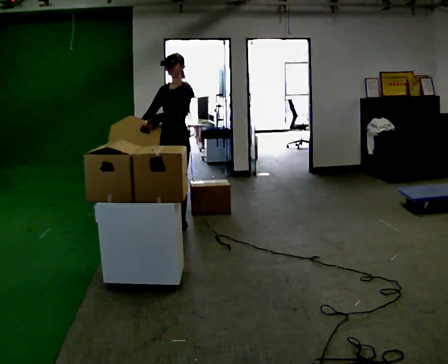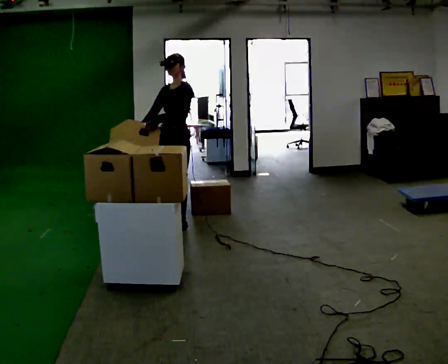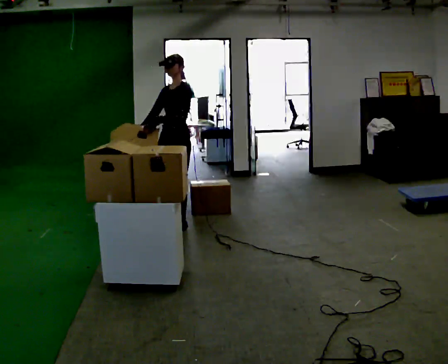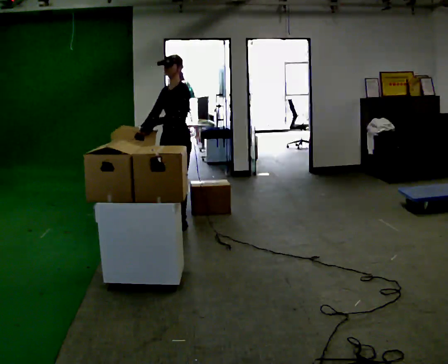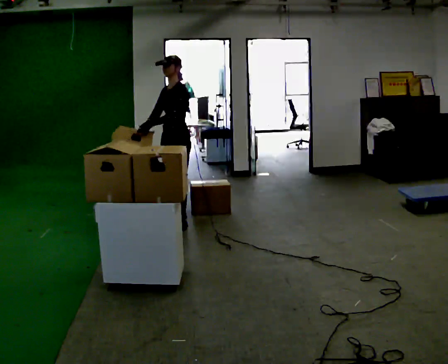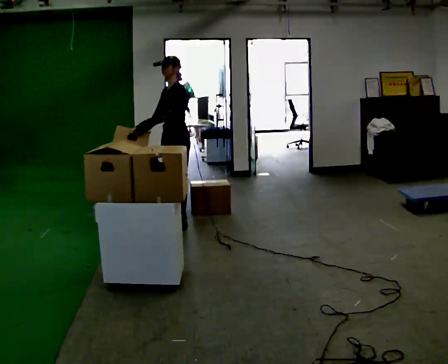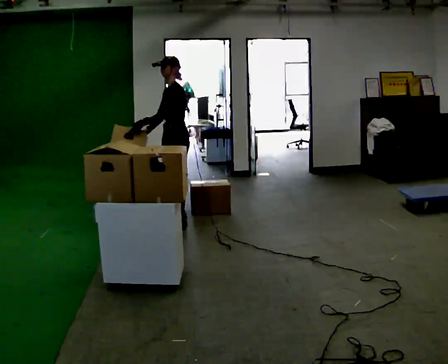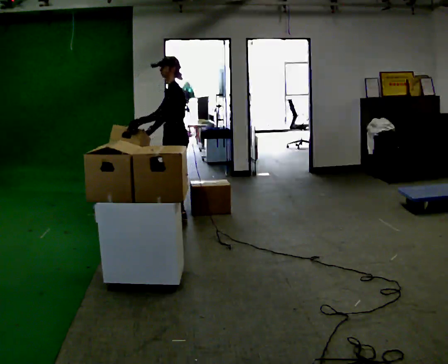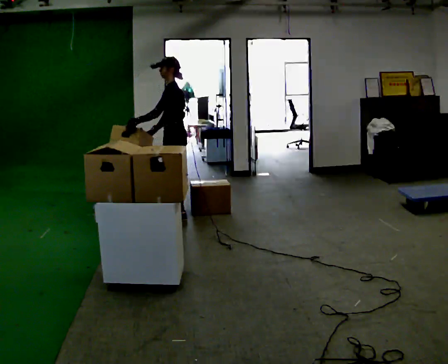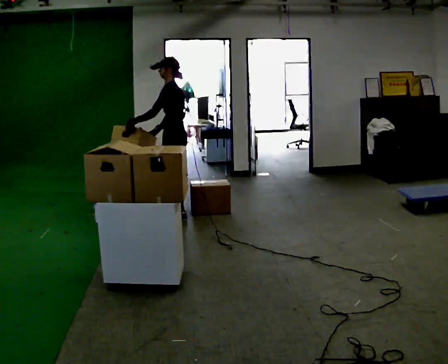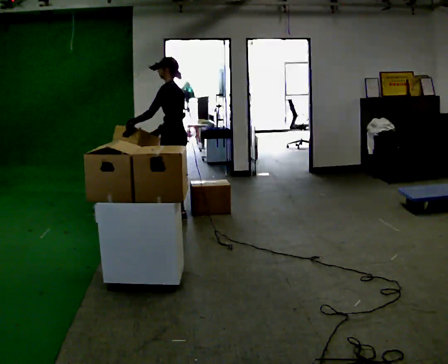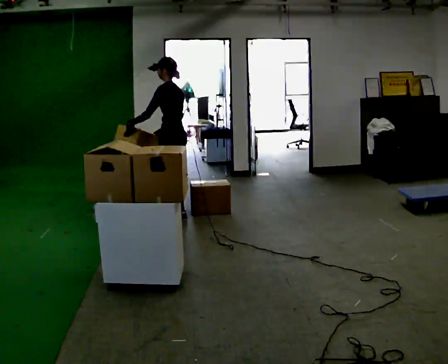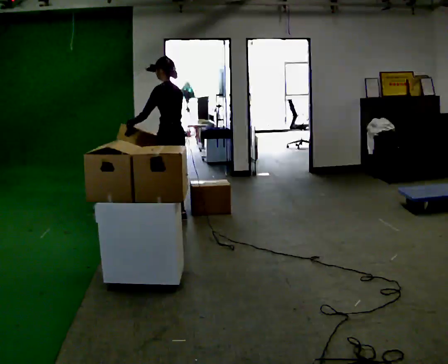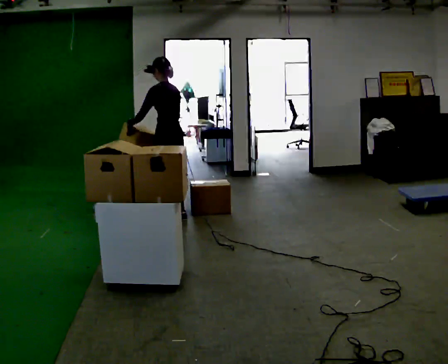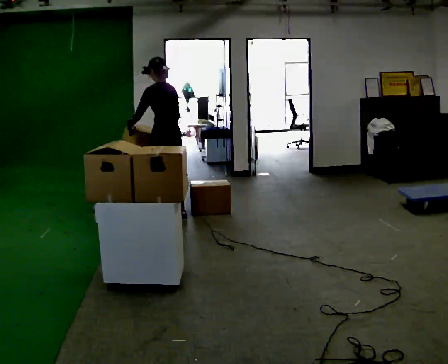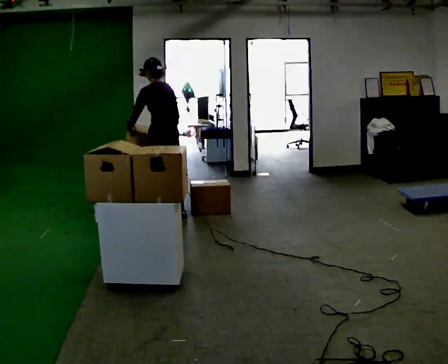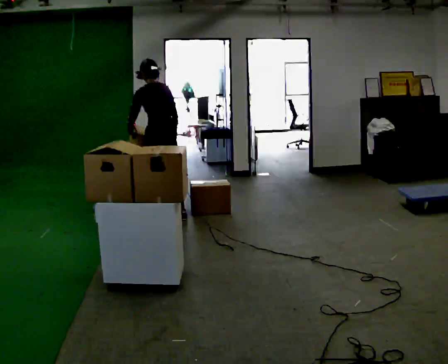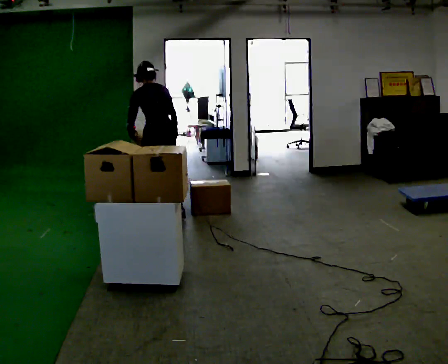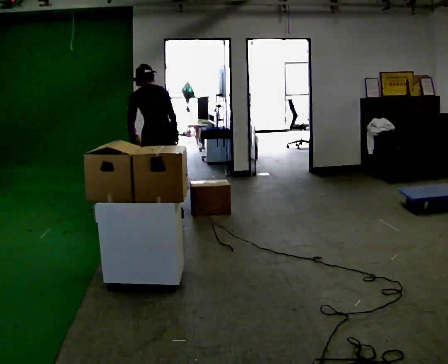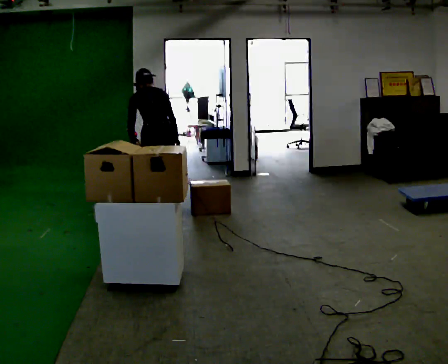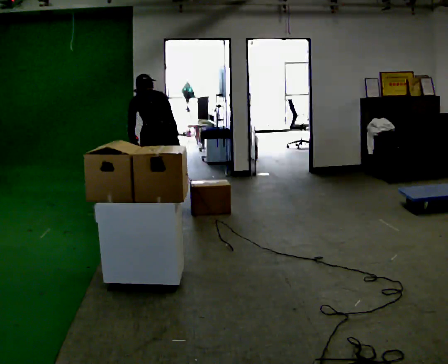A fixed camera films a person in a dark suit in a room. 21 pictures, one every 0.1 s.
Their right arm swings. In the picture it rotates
counterclockwise.
The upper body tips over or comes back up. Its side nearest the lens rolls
upward.
0.0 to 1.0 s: The person turns about 60 degrees to their right, clockwise seen from above, so the part of the body nearest the lens slides to the left. In the picture they go away from the camera, about 0.25 m in 1 step.
1.0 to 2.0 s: Seen from above the body turns clockwise, about 75 degrees: to their right, with its near side sliding to the left. In the picture they go to the left, about 0.25 m in 1 step. The upper body tips away from the camera, its near side rolling upward, as they bend forward.
The film runs backward here.
